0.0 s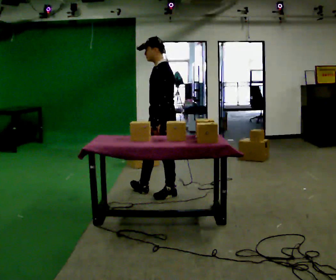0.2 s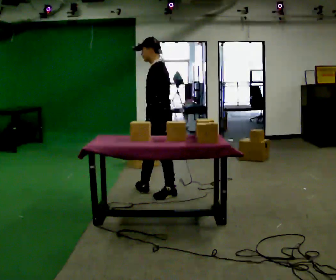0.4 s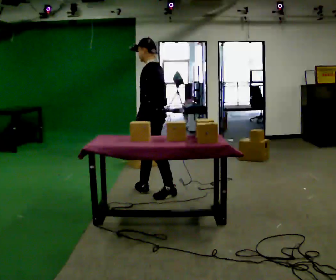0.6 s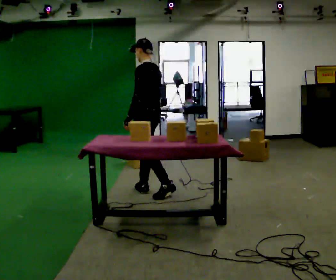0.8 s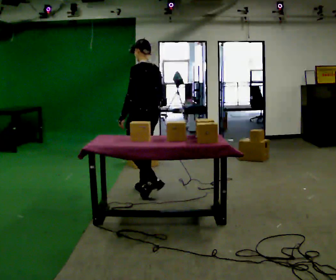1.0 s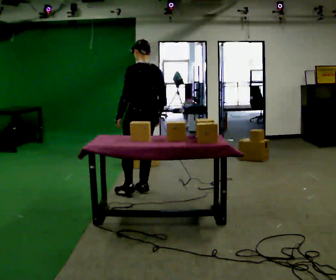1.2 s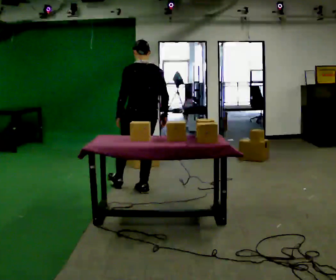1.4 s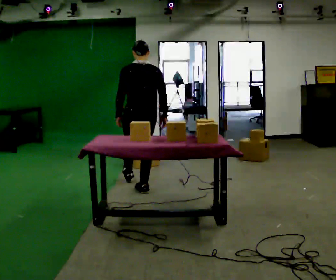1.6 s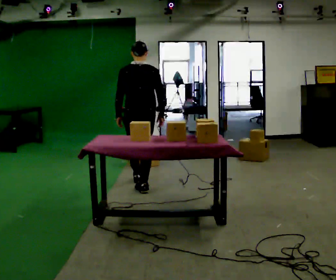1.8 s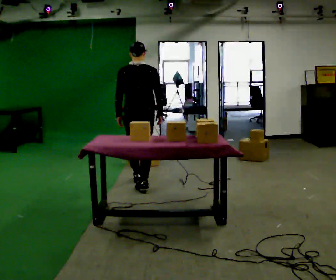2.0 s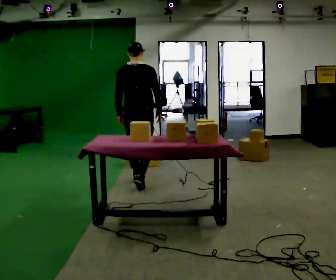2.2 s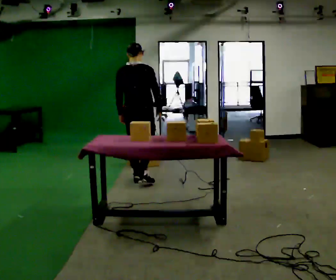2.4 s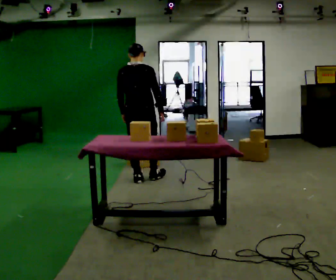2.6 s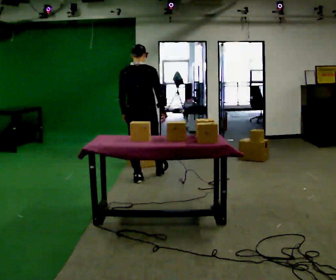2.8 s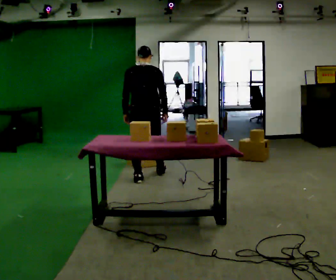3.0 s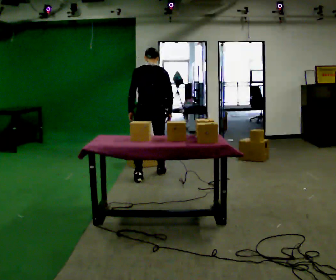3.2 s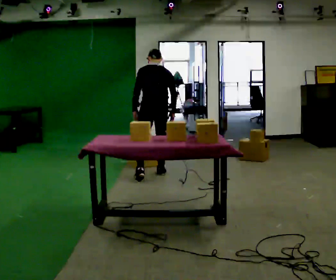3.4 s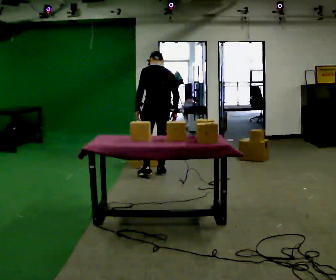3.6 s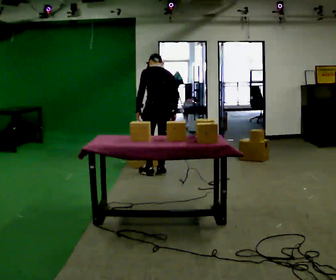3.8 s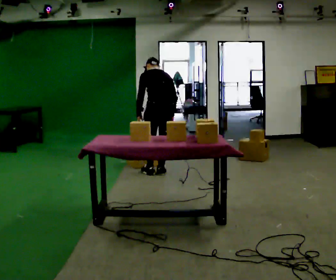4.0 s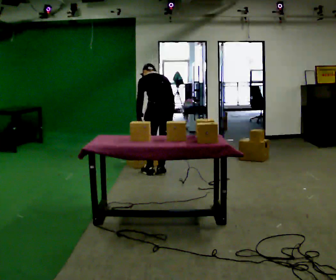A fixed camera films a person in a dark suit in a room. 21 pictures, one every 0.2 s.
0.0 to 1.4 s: The part of the body nearest the lens slides to the left as the person turns to their right by about 90 degrees. In the picture they go to the left and away from the camera, about 0.25 m.
1.4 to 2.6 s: In the picture they go away from the camera, about 0.5 m in 1 step, which for them is forward.
2.6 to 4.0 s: Seen from above the body turns counterclockwise, about 30 degrees: to their left, with its near side sliding to the right. In the picture they go to the right and away from the camera, about 0.25 m in 2 steps, which for them is to their right. The upper body tips away from the camera, its near side rolling upward, as they bend forward.
The film runs forward here.
